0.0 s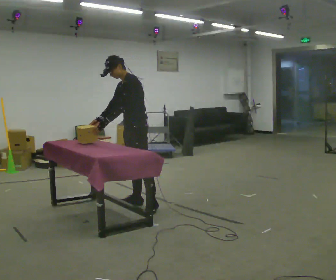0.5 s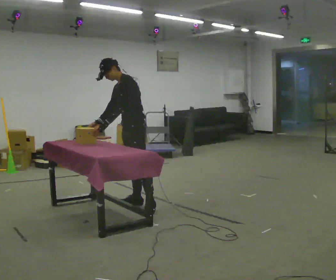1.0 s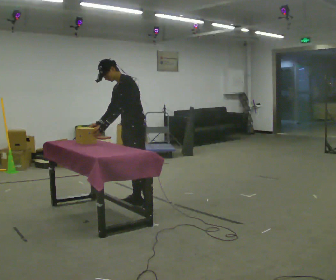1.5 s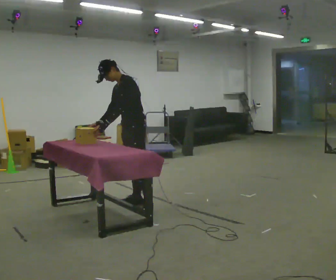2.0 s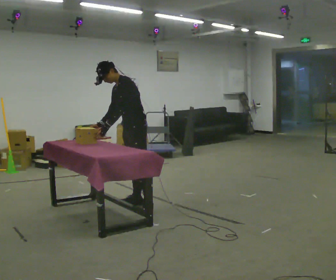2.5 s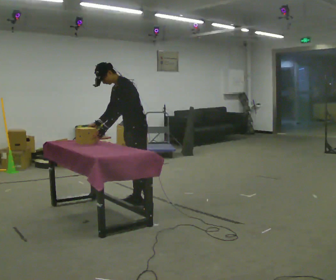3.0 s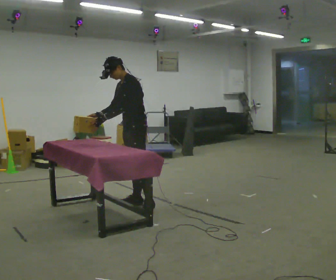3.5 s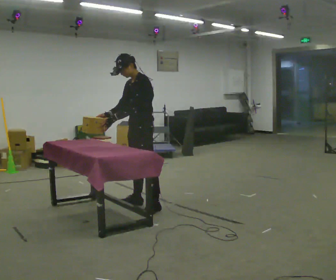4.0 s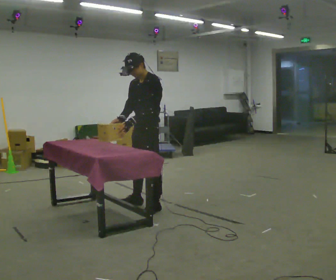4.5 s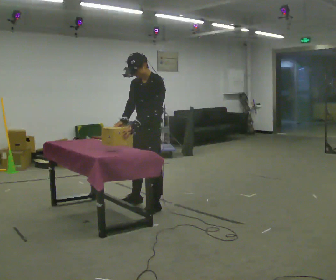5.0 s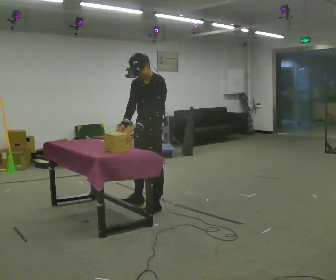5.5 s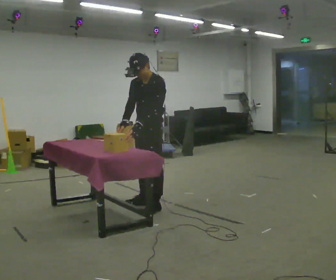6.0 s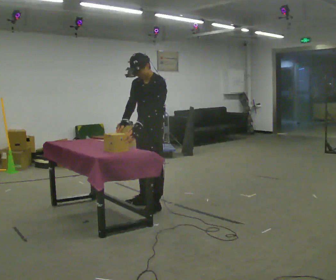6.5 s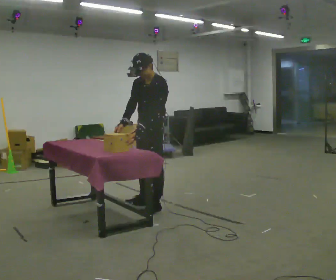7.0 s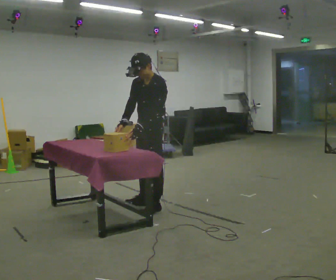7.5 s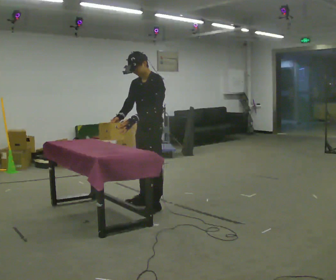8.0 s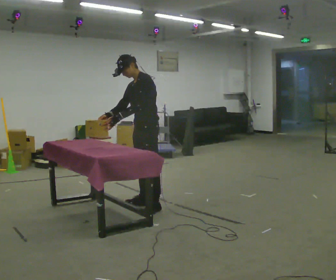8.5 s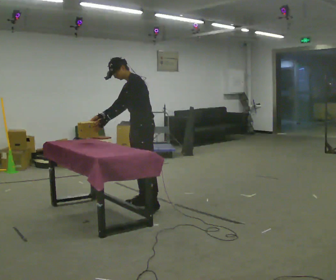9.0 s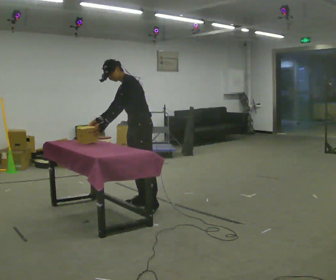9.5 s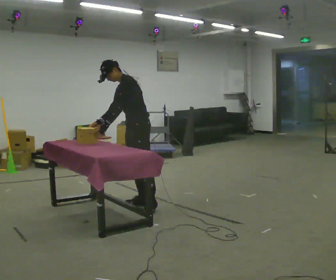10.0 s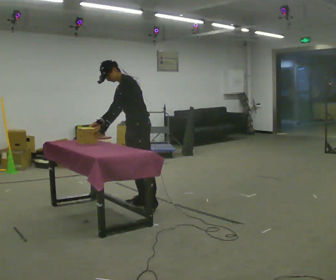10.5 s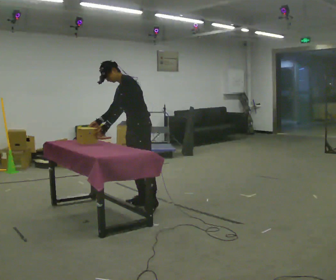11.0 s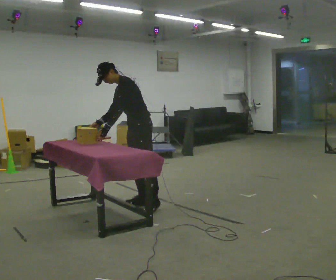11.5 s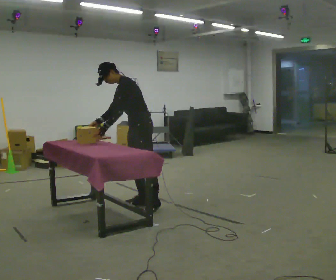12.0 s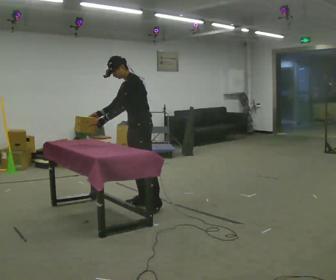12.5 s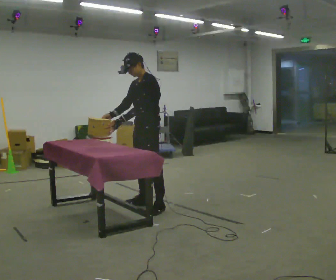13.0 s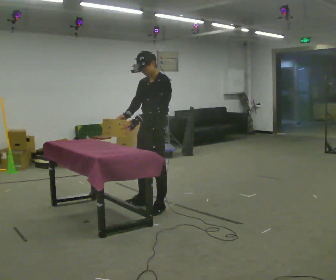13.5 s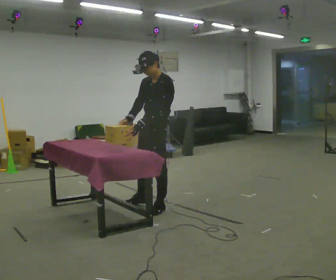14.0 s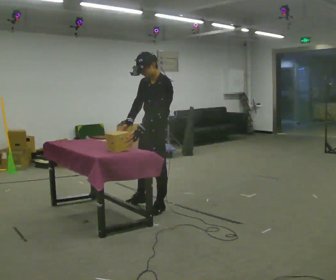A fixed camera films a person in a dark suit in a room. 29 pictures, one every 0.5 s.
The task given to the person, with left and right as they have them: Lift the heavy object with both hands and set it down again in a different spot on the same surface. Repeat at your own pace until the operator says stop. Keep both feet on the marked spots for the whole take. If you have to step, stop and tell the operator.
0.0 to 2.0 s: The person moves a little, or ends about where they began.
2.0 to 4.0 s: In the picture they go toward the camera, about 0.25 m, which for them is to their left. In the picture the upper body tilts clockwise, shoulders to the right, as they lean back or straighten.
4.0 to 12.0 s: In the picture they go away from the camera, about 0.25 m, which for them is to their right.
12.0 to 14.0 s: In the picture they go toward the camera, about 0.25 m, which for them is to their left. The upper body tips toward the camera, its near side rolling downward.
The film runs forward here.
